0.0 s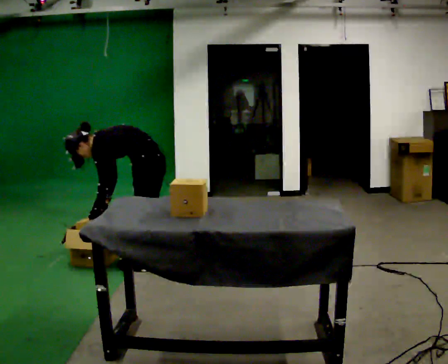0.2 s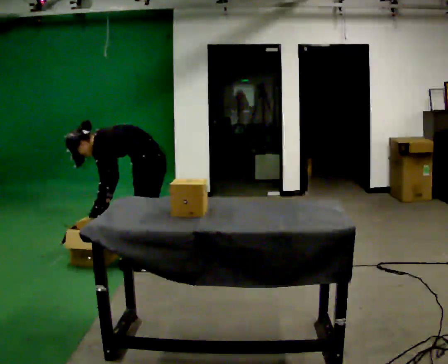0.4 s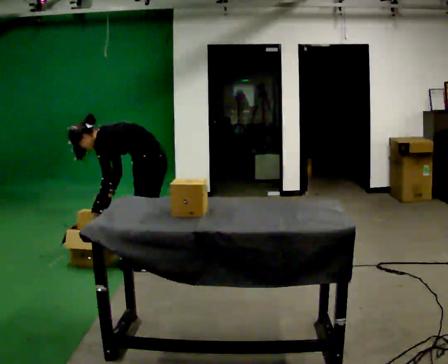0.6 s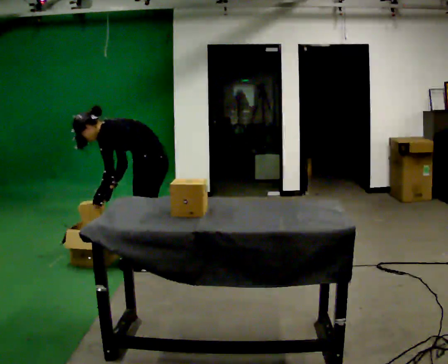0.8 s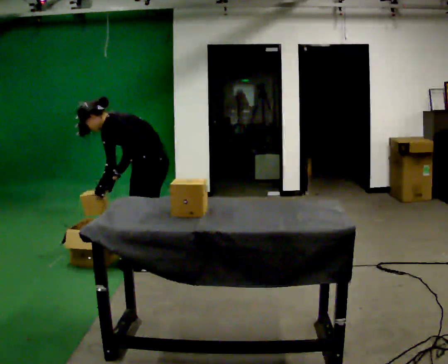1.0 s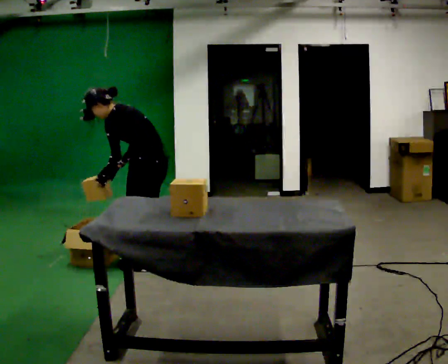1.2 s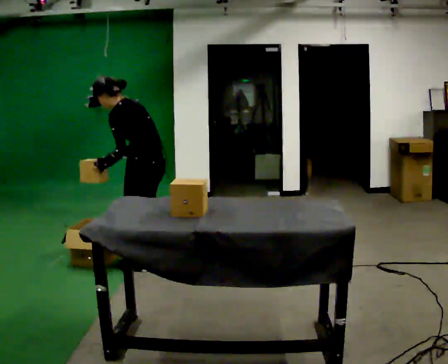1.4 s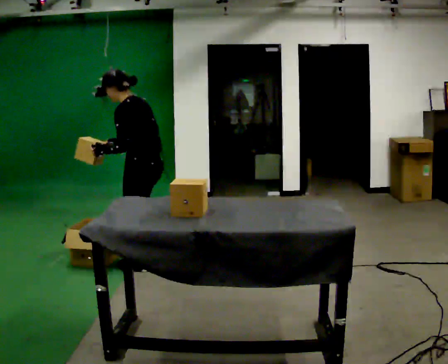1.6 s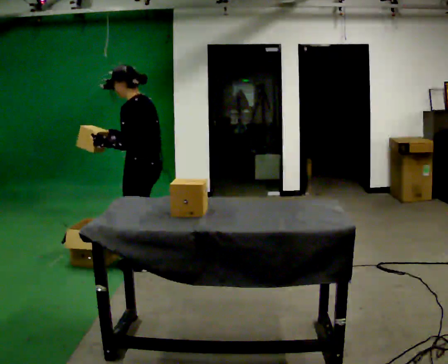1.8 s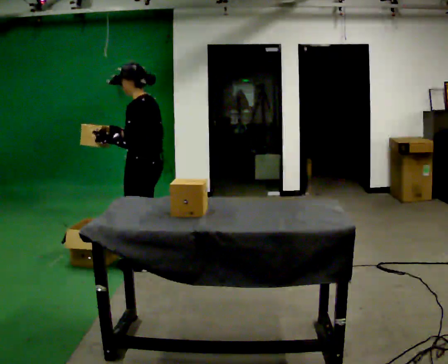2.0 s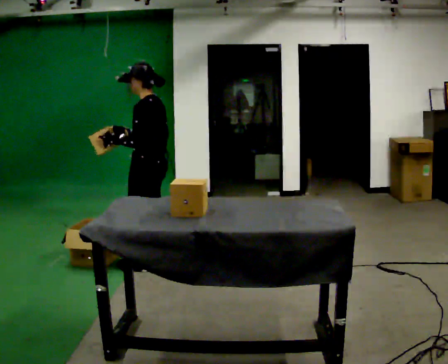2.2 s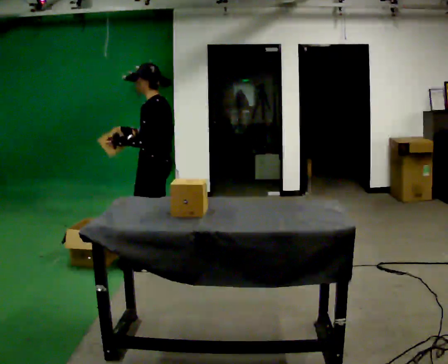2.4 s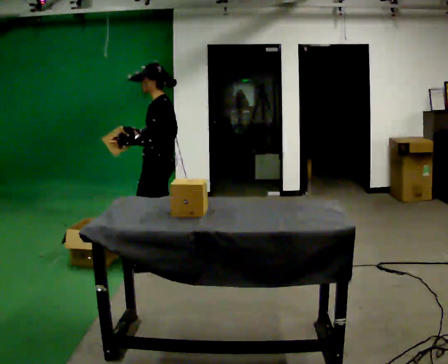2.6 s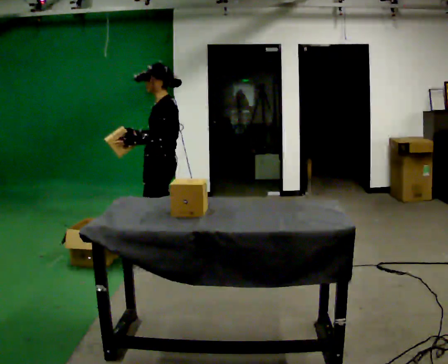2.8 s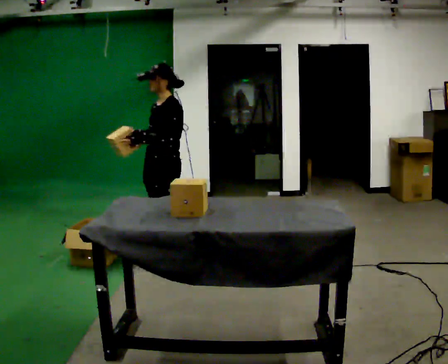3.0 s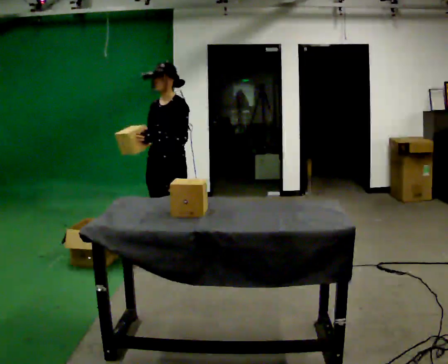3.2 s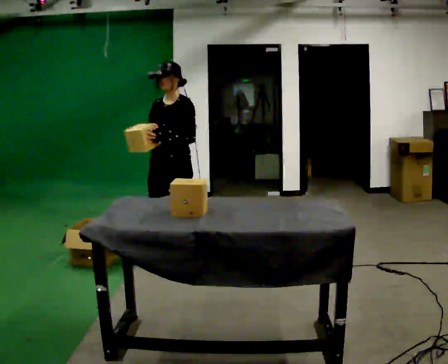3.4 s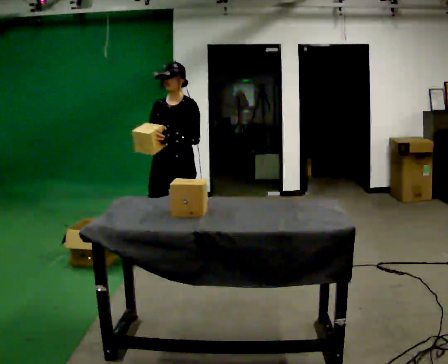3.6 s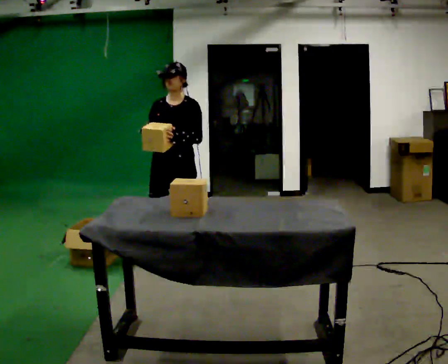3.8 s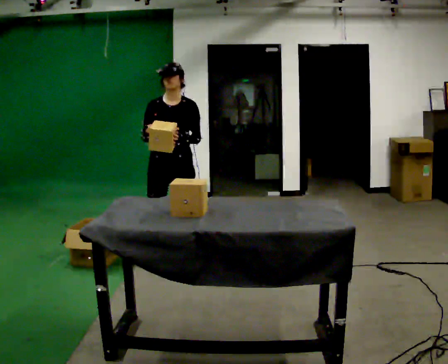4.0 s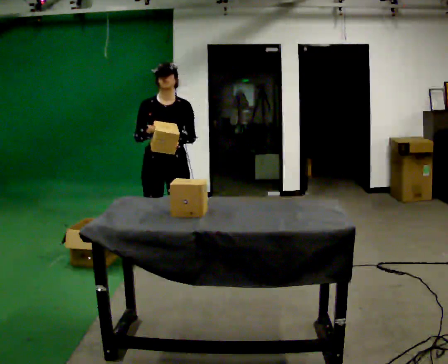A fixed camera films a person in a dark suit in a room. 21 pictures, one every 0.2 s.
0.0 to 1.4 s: The shoulders move upward. In the picture the upper body tilts clockwise, shoulders to the right, as they lean back or straighten. In the picture their left hand goes upward.
1.4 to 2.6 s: The person turns about 30 degrees to their left, counterclockwise seen from above, so the part of the body nearest the lens slides to the right. In the picture they go away from the camera, about 0.25 m in 1 step, which for them is to their right. In the picture the upper body tilts clockwise, shoulders to the right, as they lean back or straighten.
2.6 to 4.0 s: The person turns about 75 degrees to their left, counterclockwise seen from above, so the part of the body nearest the lens slides to the right.
The film runs forward here.
